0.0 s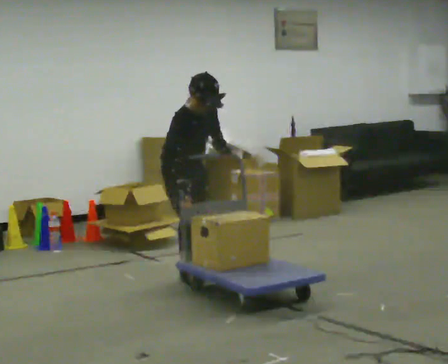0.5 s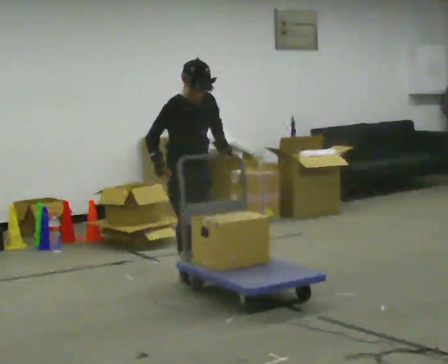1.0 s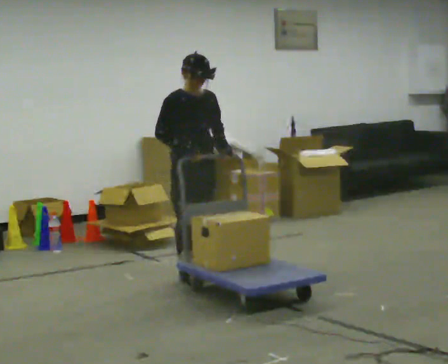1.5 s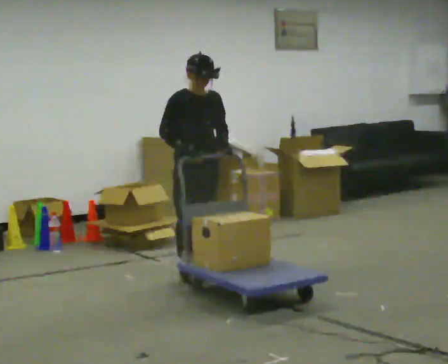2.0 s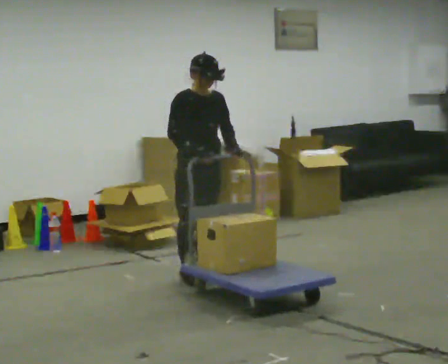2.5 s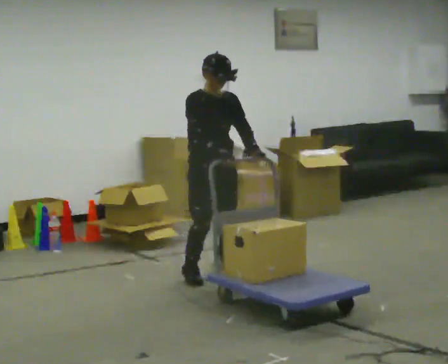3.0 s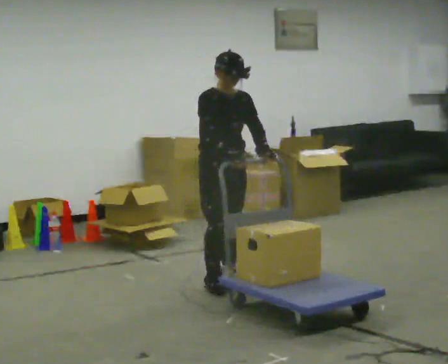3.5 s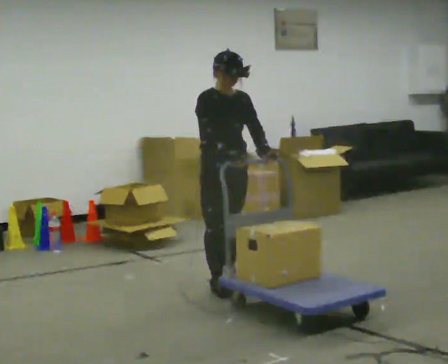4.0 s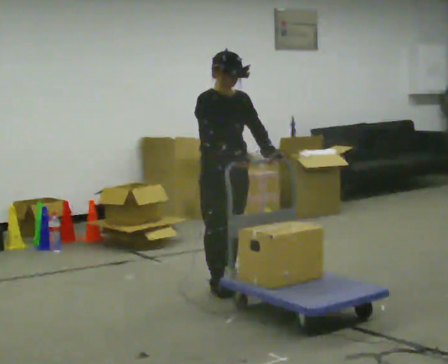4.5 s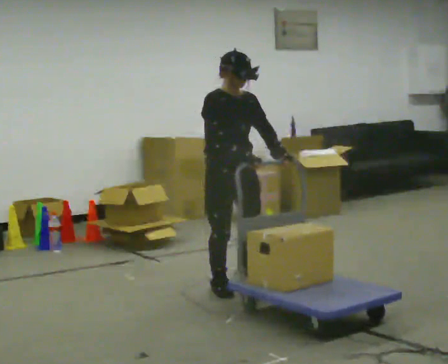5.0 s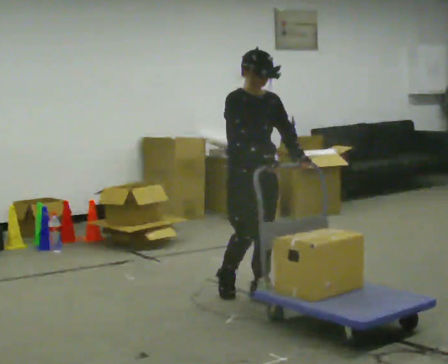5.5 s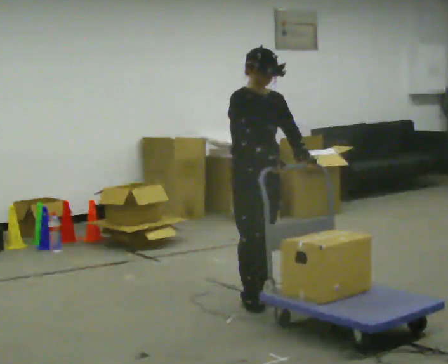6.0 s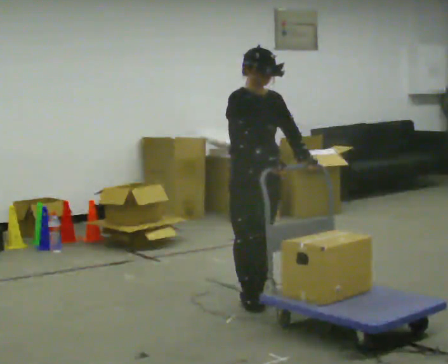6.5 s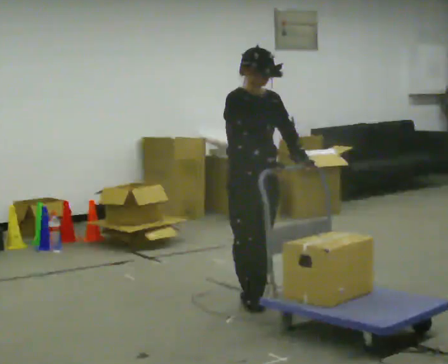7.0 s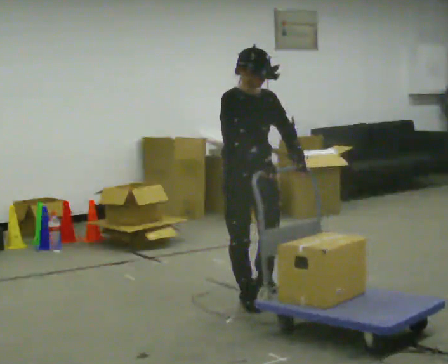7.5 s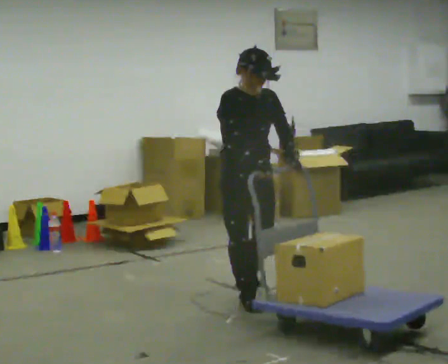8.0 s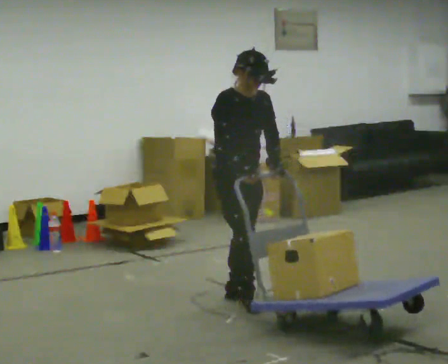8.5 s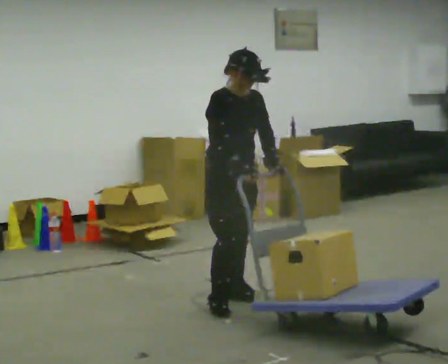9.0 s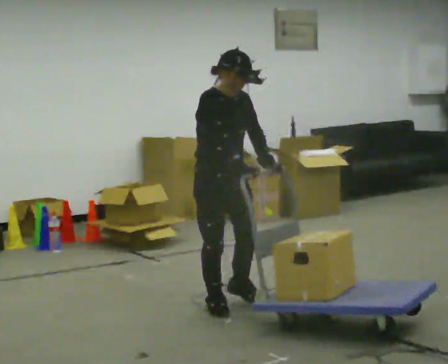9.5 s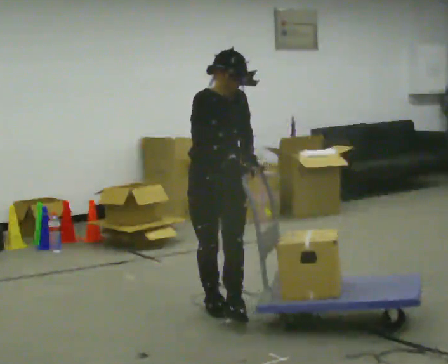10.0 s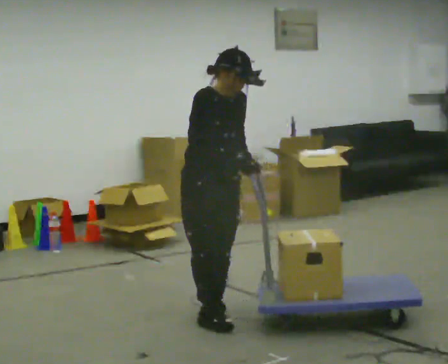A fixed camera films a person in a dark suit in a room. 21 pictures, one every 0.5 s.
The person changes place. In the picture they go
toward the camera.
0.0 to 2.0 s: The upper body tips away from the camera, its near side rolling upward, as they lean back or straighten.
2.0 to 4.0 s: In the picture they go toward the camera and to the right, about 0.25 m in 2 steps, which for them is forward.
4.0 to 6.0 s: In the picture they go toward the camera and to the right, about 0.25 m in 2 steps, which for them is forward.
6.0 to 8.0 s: The person moves a little, or ends about where they began.
8.0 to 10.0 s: In the picture they go toward the camera, about 0.5 m in 2 steps, which for them is to their right and forward.
The film runs forward here.
